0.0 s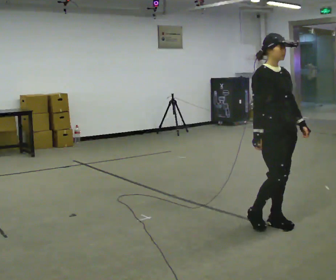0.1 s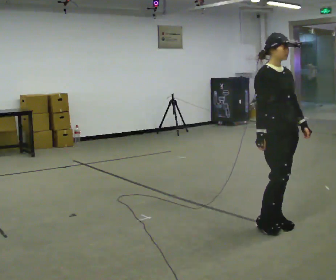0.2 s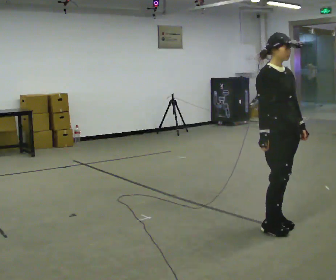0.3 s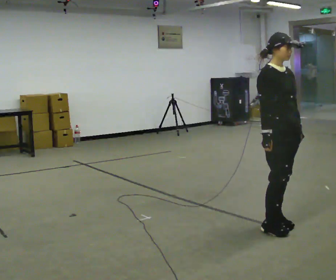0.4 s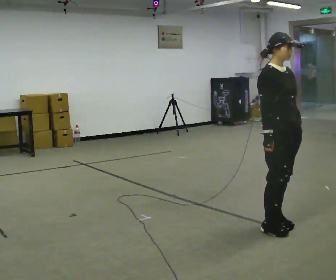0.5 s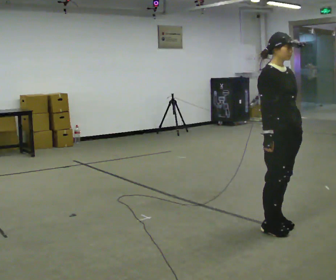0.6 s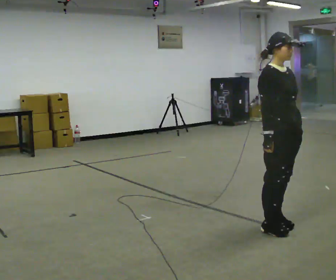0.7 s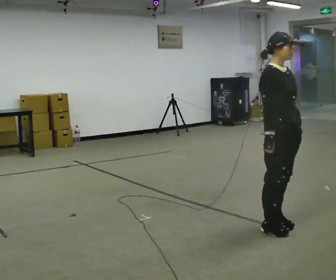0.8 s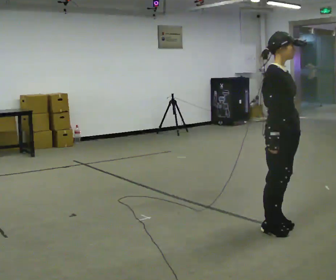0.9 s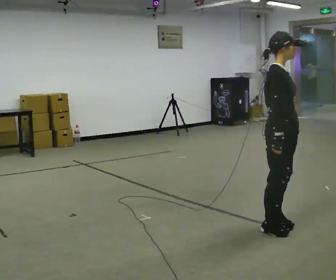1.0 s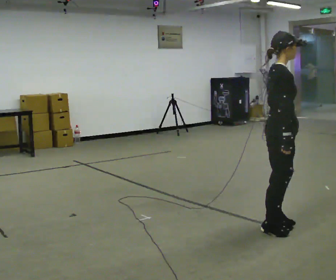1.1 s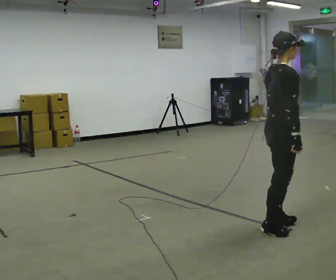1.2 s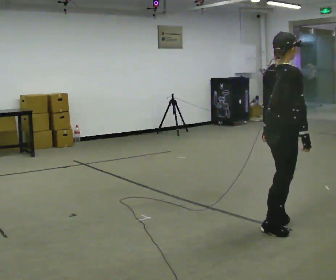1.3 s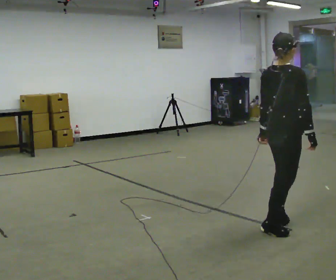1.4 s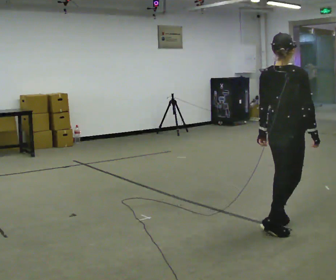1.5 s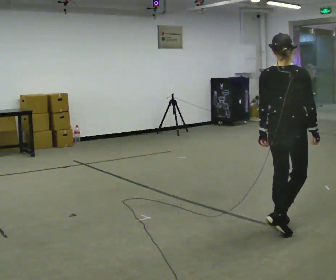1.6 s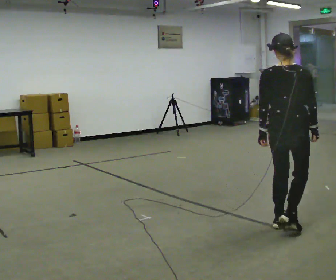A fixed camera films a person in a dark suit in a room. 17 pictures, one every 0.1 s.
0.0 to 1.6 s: The person turns about 120 degrees to their left, counterclockwise seen from above, so the part of the body nearest the lens slides to the right. In the picture their left hand goes to the left, the arm swinging clockwise.
The film runs forward here.
